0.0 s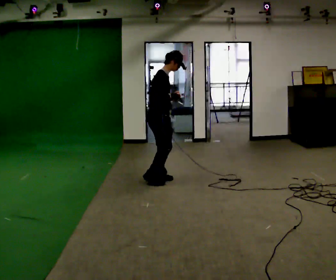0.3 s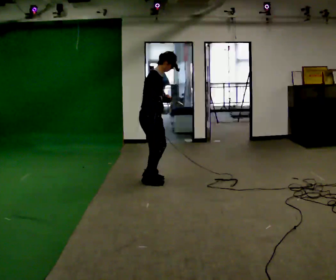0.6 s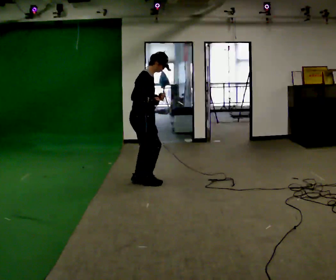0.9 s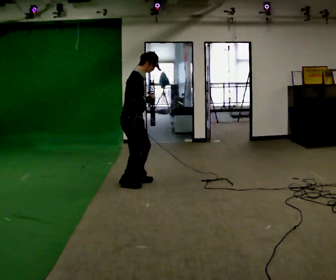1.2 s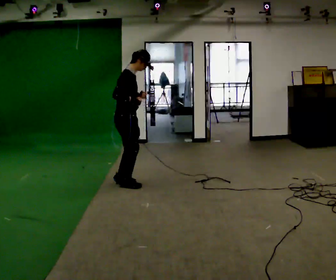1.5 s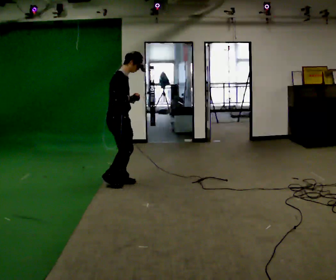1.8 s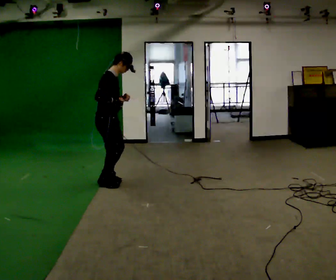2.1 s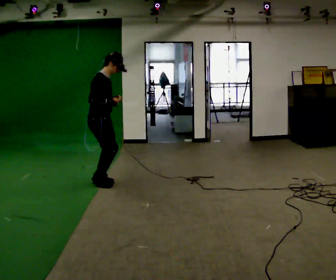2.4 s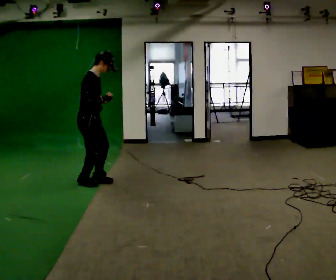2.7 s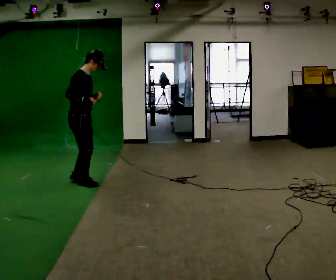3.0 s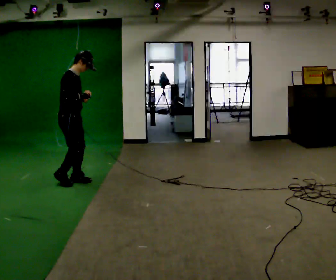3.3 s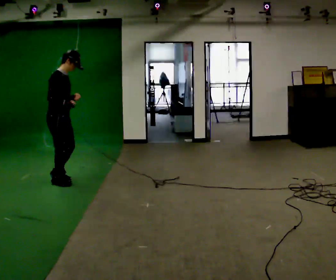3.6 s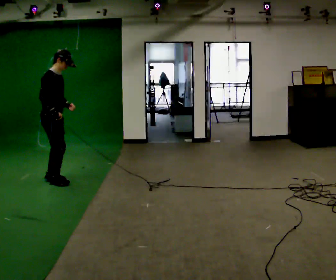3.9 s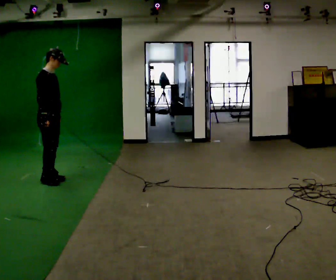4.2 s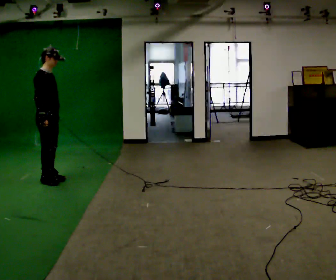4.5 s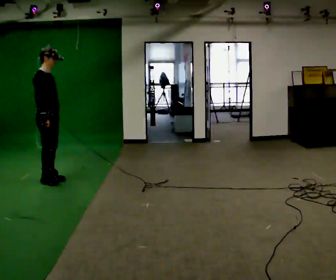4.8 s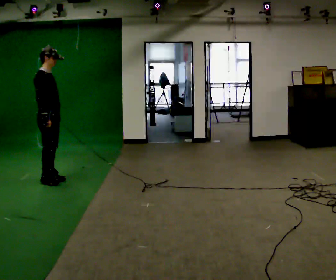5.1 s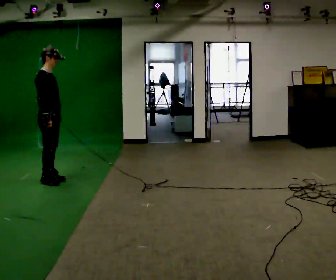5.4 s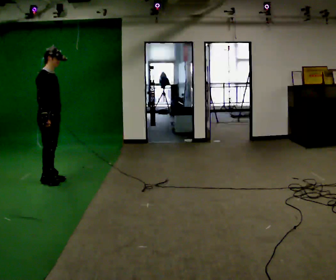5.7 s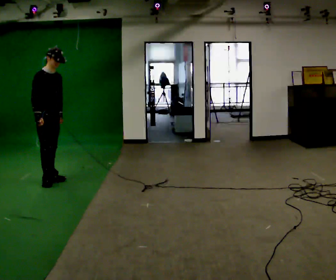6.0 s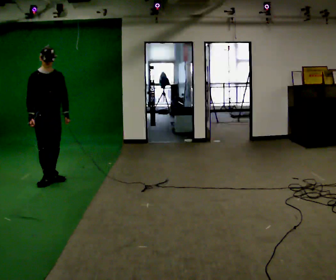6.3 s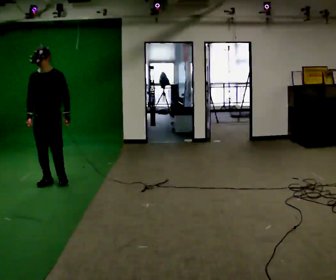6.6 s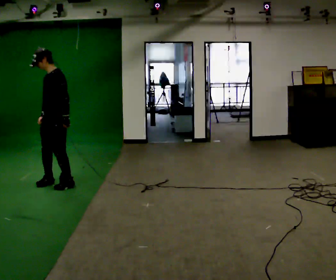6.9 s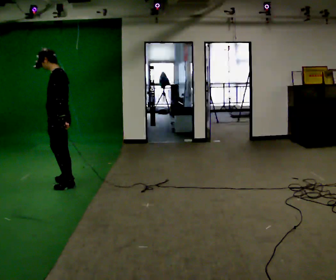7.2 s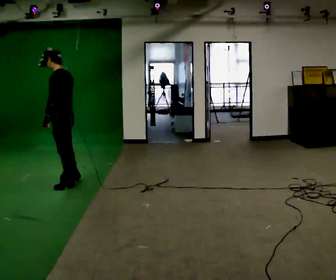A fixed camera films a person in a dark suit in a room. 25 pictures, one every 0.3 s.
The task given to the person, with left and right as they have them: Jog backward at a comfortable pace. The operator confirms the space behind you is clear before each take.
0.0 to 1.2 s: In the picture they go to the left, about 0.5 m in 3 steps, which for them is backward.
1.2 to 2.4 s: In the picture they go to the left, about 0.5 m in 4 steps, which for them is backward.
2.4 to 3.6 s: In the picture they go to the left, about 0.5 m in 3 steps, which for them is backward.
3.6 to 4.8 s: The person moves a little, or ends about where they began.
4.8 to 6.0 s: Seen from above the body turns clockwise, about 60 degrees: to their right, with its near side sliding to the left.
6.0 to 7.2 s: The person turns about 135 degrees to their right, clockwise seen from above, so the part of the body nearest the lens slides to the left. In the picture they go to the right, about 0.25 m in 1 step.
The film runs forward here.
